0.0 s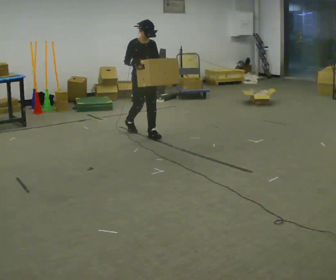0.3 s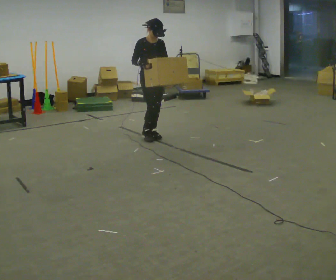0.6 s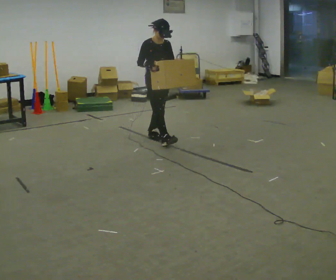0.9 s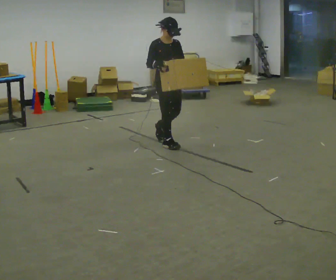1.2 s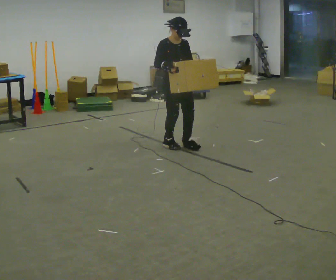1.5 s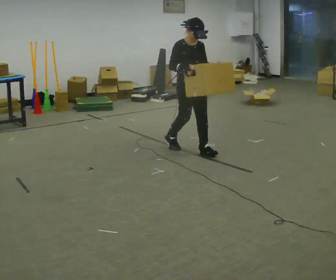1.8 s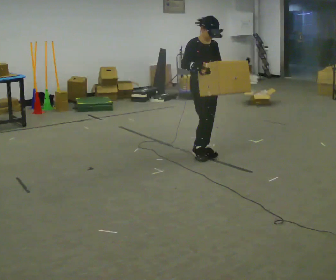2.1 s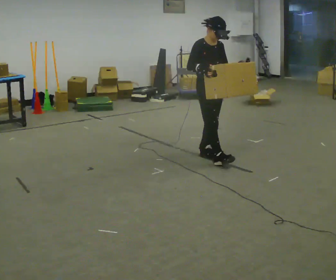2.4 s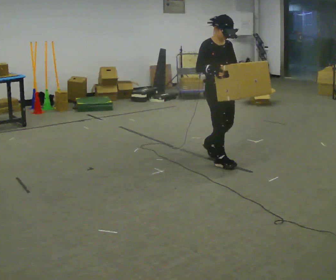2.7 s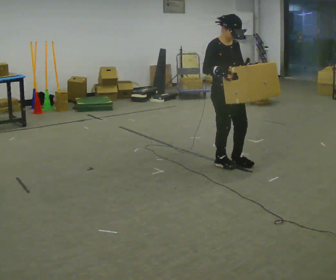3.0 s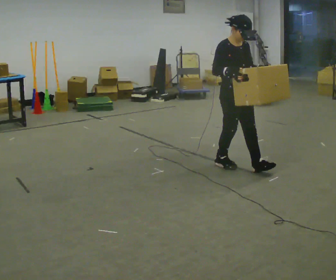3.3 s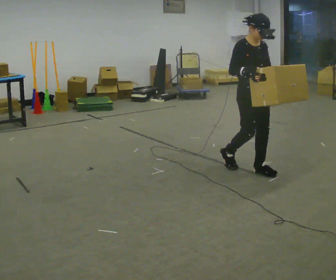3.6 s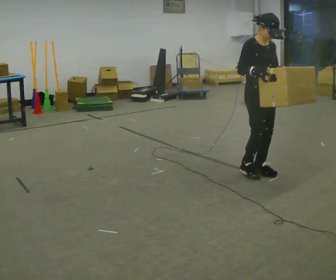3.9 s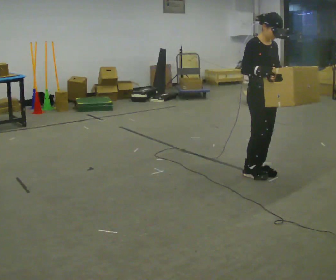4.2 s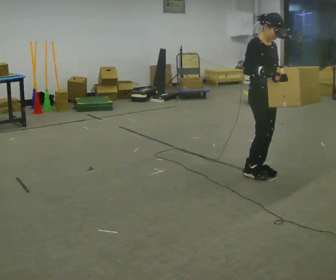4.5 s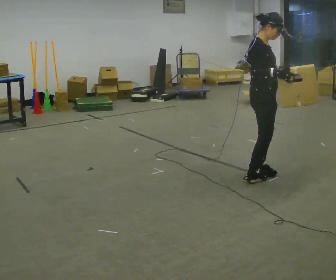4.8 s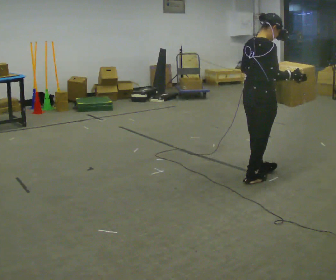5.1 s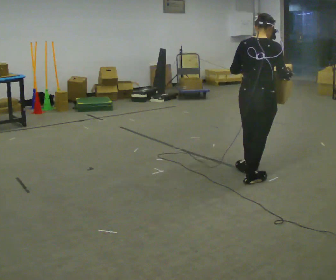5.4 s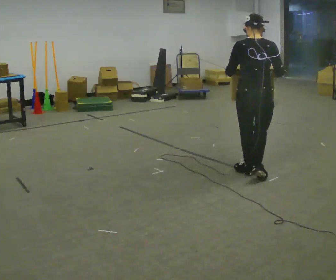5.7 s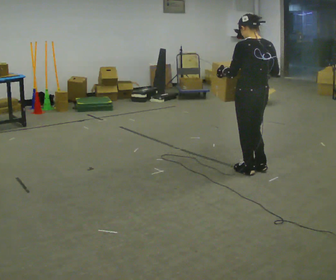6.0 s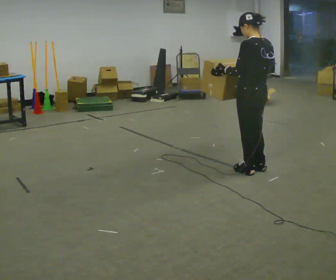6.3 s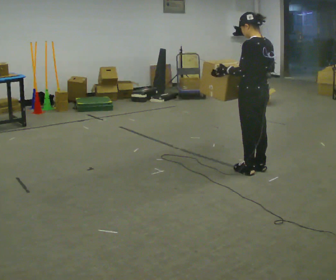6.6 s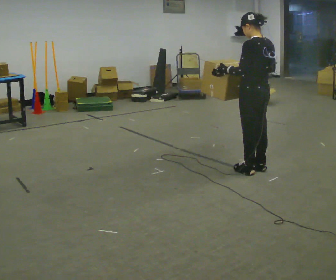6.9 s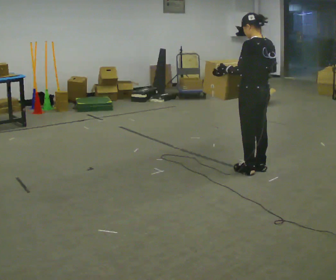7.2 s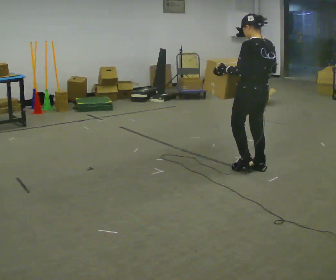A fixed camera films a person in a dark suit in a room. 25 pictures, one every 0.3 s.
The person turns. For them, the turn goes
to their left.
The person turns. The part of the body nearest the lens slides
to the right.
0.0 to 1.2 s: In the picture they go toward the camera and to the right, about 0.75 m in 1 step, which for them is forward.
1.2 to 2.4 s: In the picture they go toward the camera and to the right, about 0.75 m in 2 steps, which for them is forward.
2.4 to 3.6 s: In the picture they go to the right and toward the camera, about 0.5 m in 1 step, which for them is forward.
3.6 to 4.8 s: The person turns about 75 degrees to their left, counterclockwise seen from above, so the part of the body nearest the lens slides to the right. In the picture they go toward the camera, about 0.25 m in 2 steps. In the picture their right hand goes to the right.
4.8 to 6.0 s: The part of the body nearest the lens slides to the right as the person turns to their left by about 105 degrees. In the picture they go away from the camera, about 0.25 m in 1 step.
6.0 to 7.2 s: The person moves a little, or ends about where they began.
The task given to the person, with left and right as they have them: Carry the box and, while you are still walking, turn it so you can read the label, read it out loud, then carry on. Repeat with the next box. Do not stop to read it.
The film runs forward here.
